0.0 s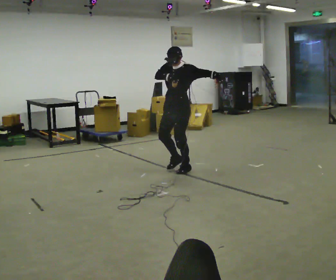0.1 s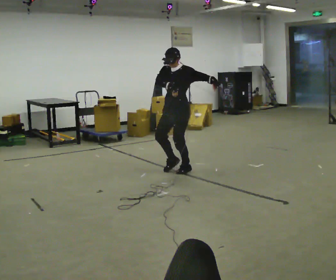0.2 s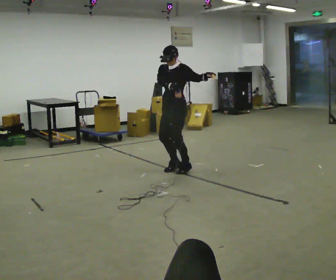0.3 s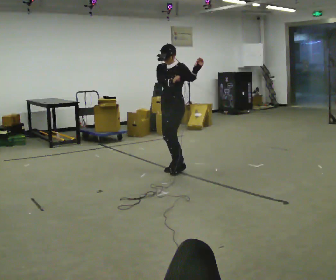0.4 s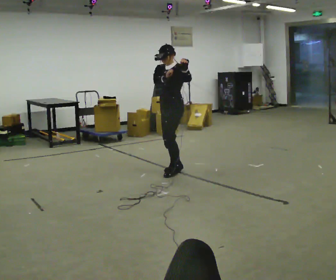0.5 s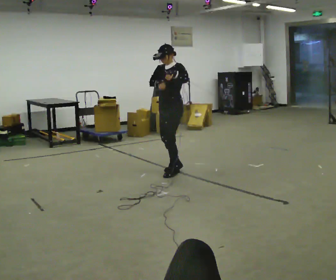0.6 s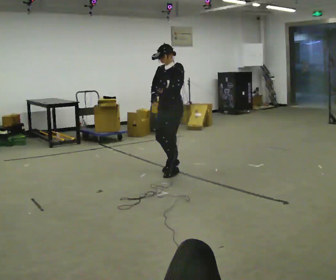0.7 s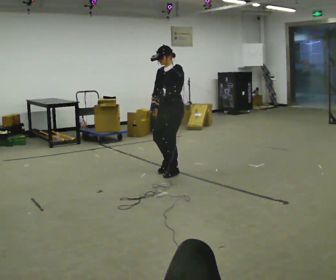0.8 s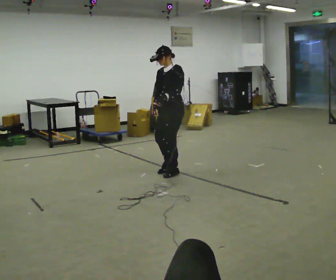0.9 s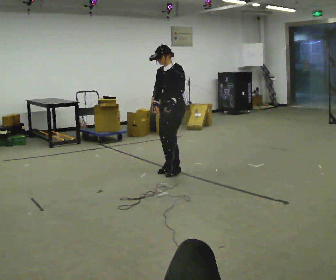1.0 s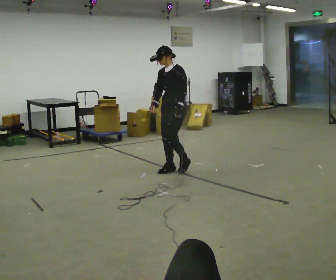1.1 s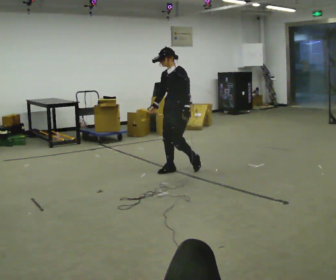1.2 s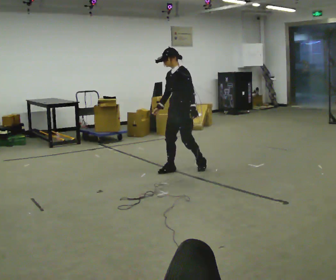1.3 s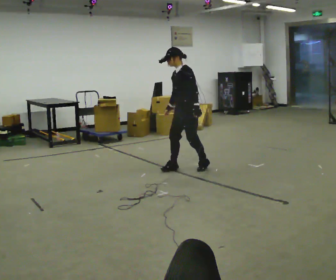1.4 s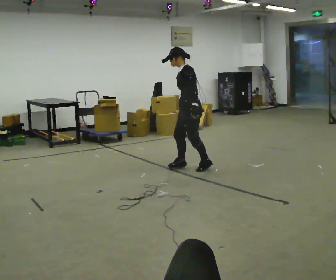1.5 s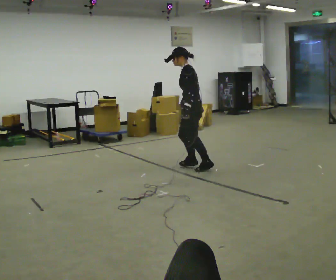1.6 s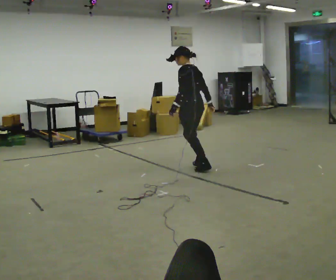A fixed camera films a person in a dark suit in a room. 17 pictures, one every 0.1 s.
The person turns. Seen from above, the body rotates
clockwise.
The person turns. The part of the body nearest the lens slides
to the left.
0.0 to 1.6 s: The person turns about 75 degrees to their right, clockwise seen from above, so the part of the body nearest the lens slides to the left. In the picture they go to the right, about 0.25 m in 2 steps. In the picture their left hand goes downward and to the left.
The film runs backward here.
